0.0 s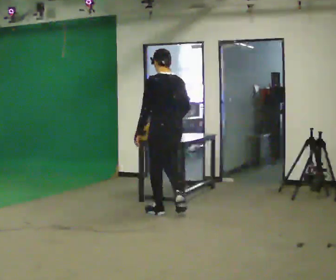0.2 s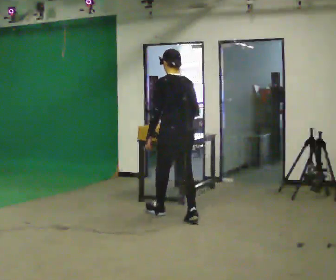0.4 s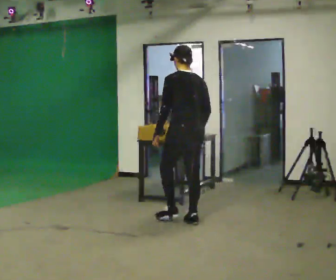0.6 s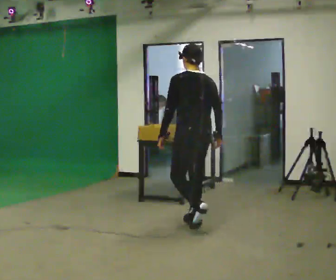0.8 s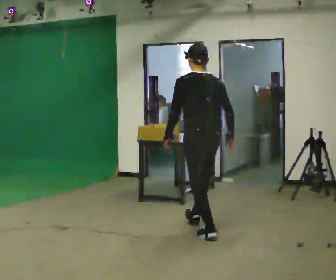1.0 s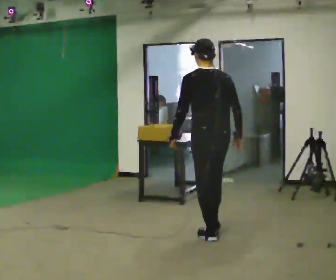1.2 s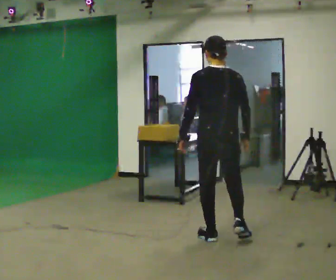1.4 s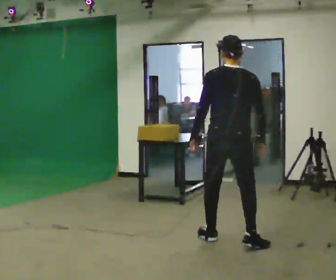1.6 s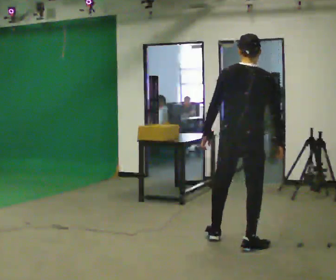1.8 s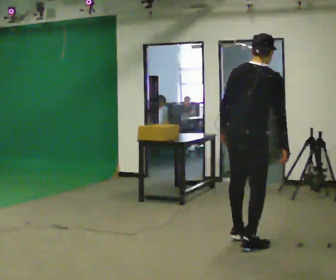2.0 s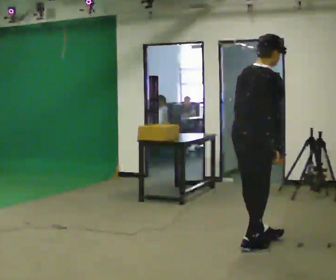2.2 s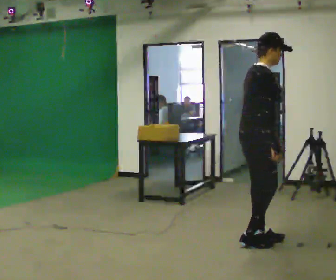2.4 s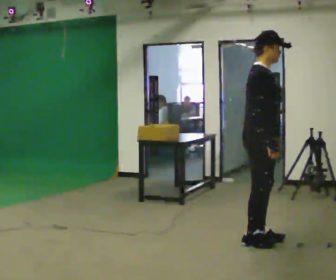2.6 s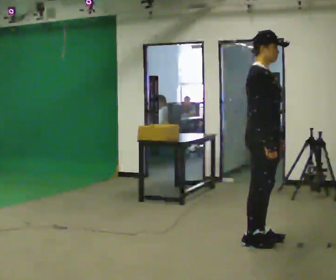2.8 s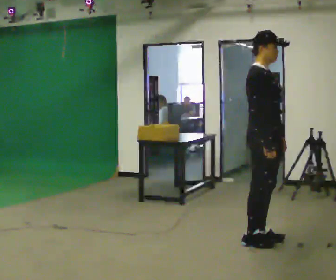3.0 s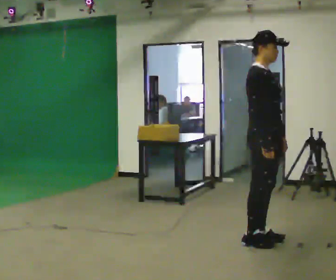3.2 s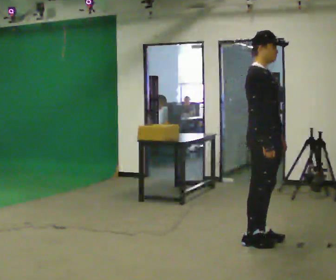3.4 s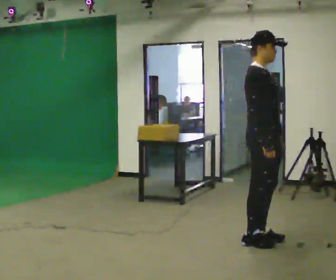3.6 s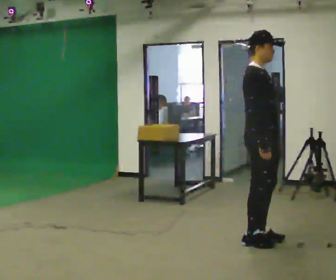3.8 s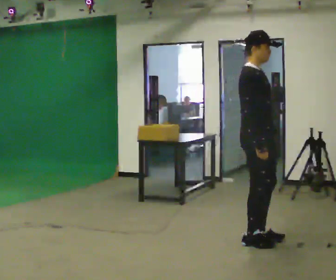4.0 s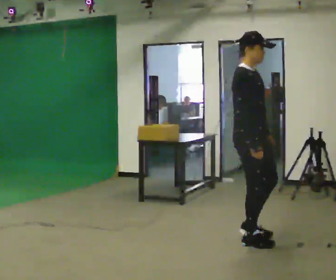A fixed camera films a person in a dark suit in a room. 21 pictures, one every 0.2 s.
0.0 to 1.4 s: The person turns about 30 degrees to their right, clockwise seen from above, so the part of the body nearest the lens slides to the left. In the picture they go toward the camera and to the right, about 1.5 m in 2 steps, which for them is backward.
1.4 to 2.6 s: Seen from above the body turns clockwise, about 105 degrees: to their right, with its near side sliding to the left. In the picture they go to the right, about 0.25 m in 2 steps. In the picture their left hand goes to the right.
2.6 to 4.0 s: The person moves a little, or ends about where they began.
The film runs backward here.
